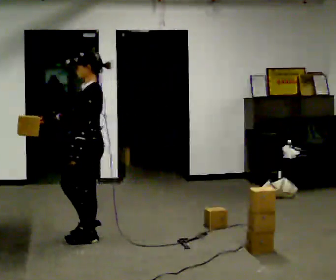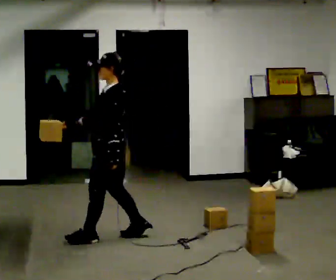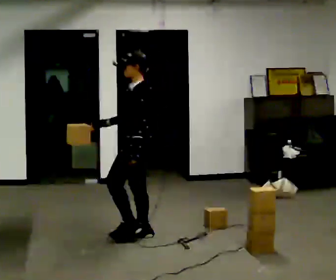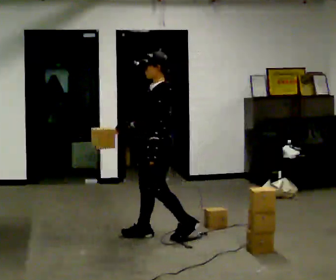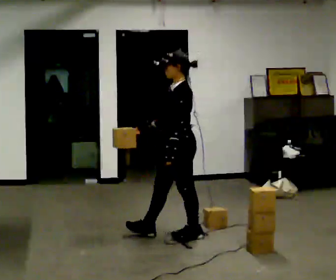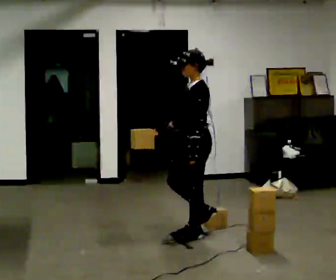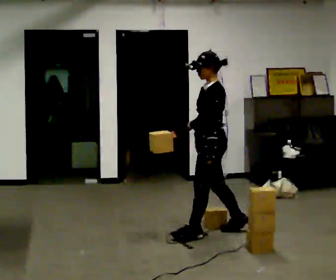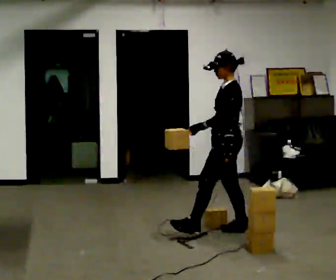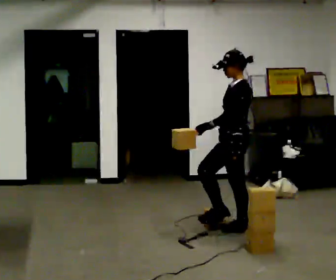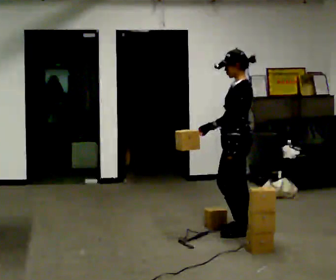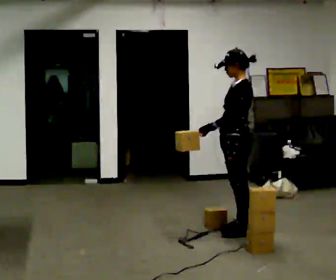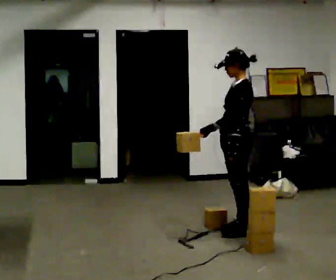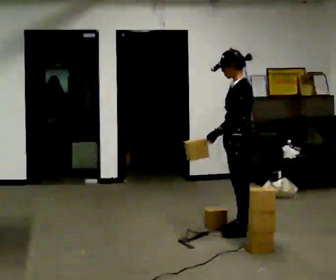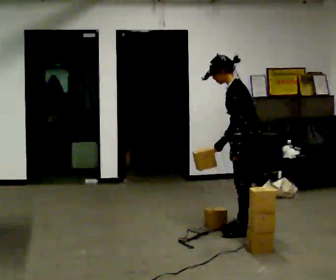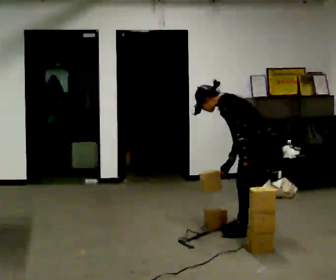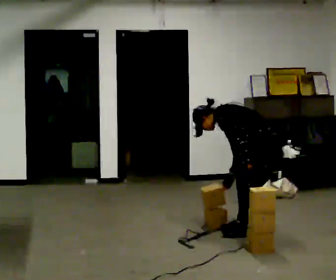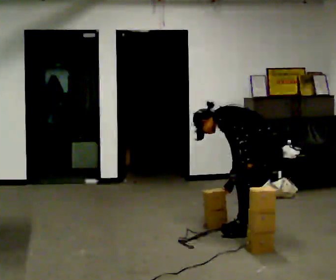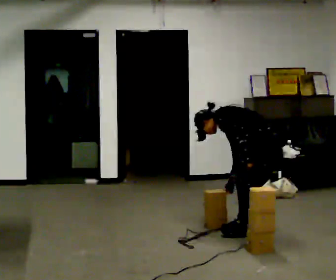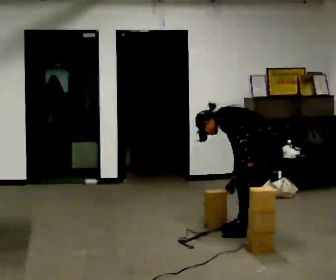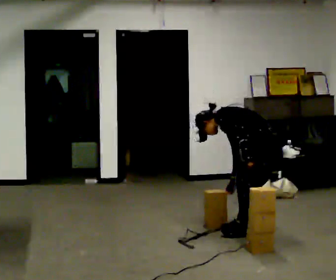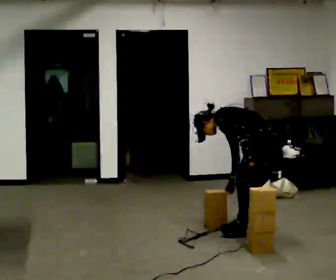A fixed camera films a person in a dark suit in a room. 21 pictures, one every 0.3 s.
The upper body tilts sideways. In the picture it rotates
counterclockwise.
The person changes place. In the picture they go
to the right.
0.0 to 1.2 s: In the picture they go to the right, about 1 m in 2 steps, which for them is backward.
1.2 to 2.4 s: In the picture they go to the right and away from the camera, about 0.5 m in 1 step, which for them is backward.
2.4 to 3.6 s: The person moves a little, or ends about where they began.
3.6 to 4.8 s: In the picture they go to the right, about 0.25 m, which for them is backward. The shoulders move downward. In the picture the upper body tilts counterclockwise, shoulders to the left, as they bend forward.
4.8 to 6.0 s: The person keeps their place and pose.
The film runs backward here.
